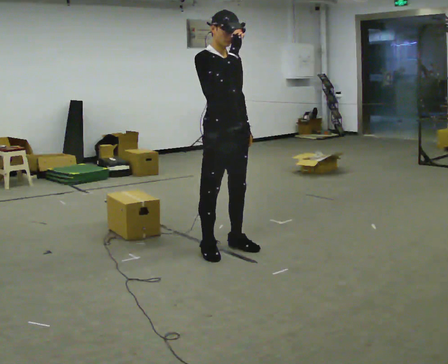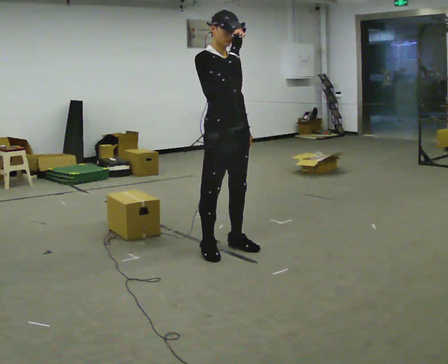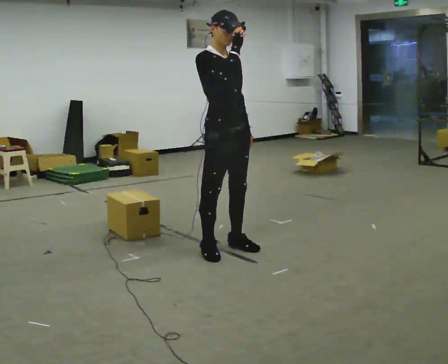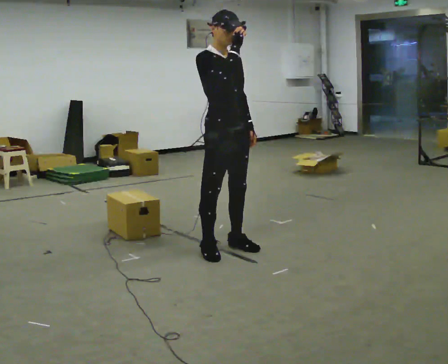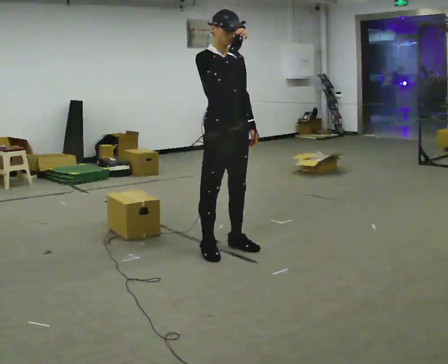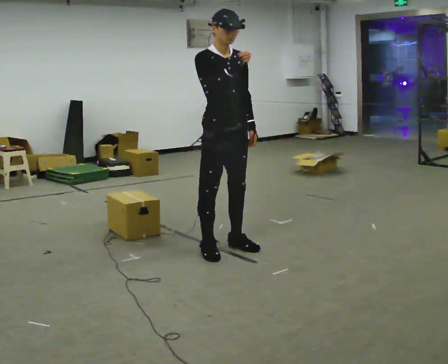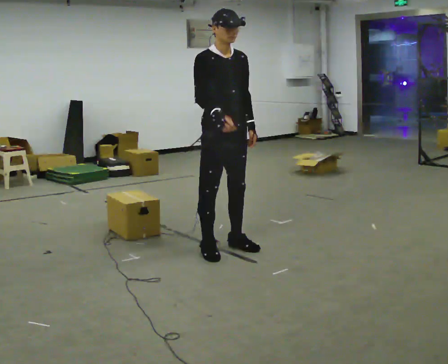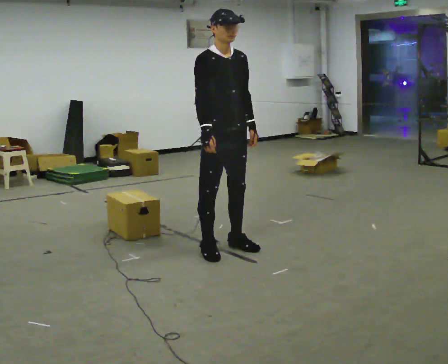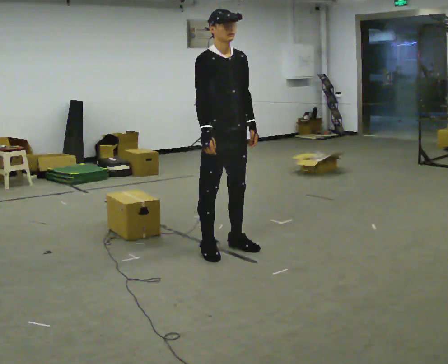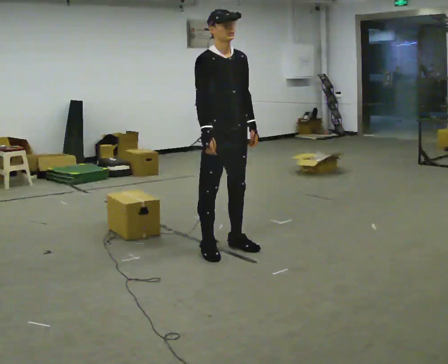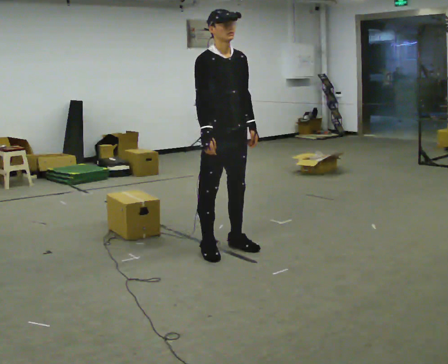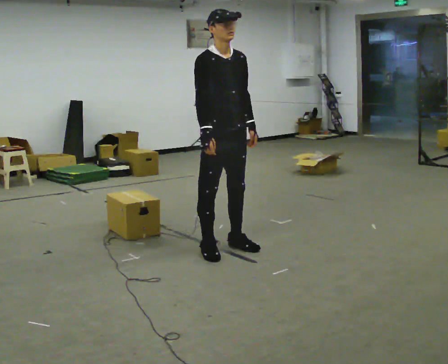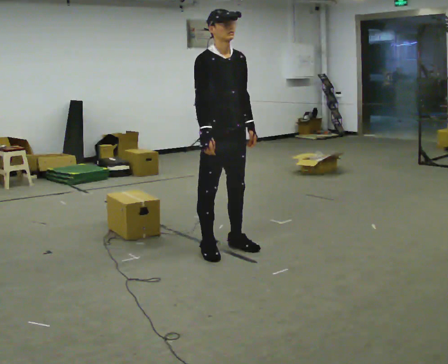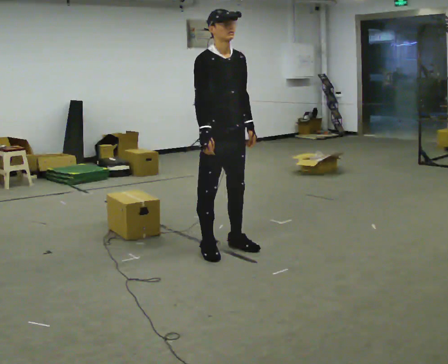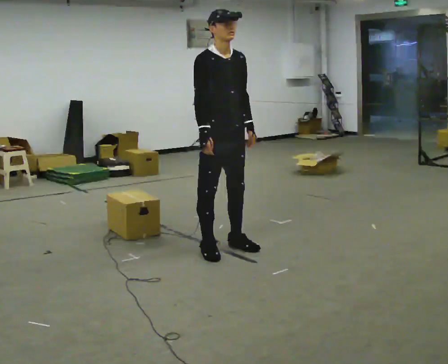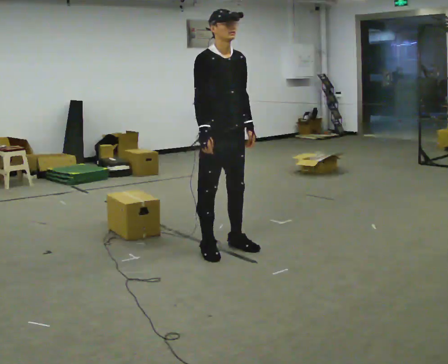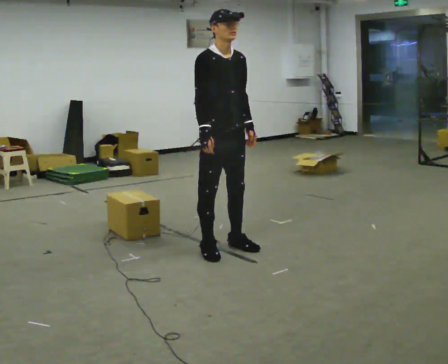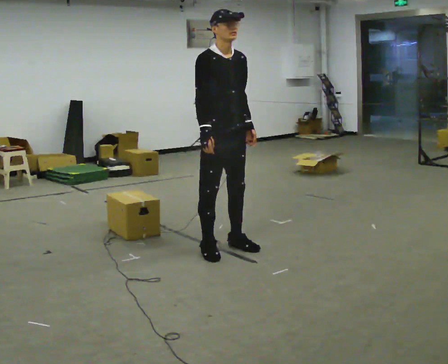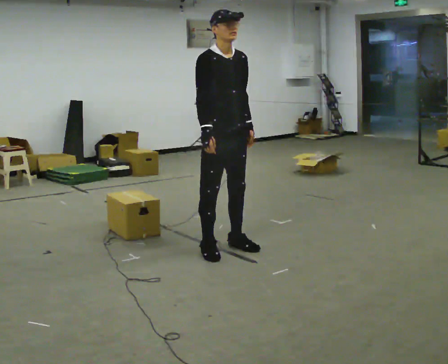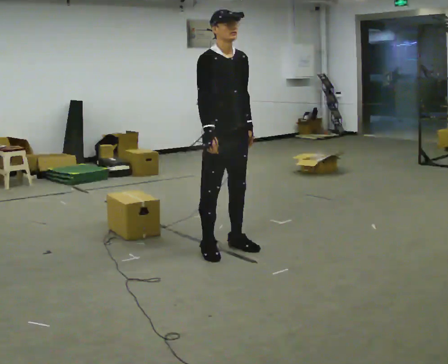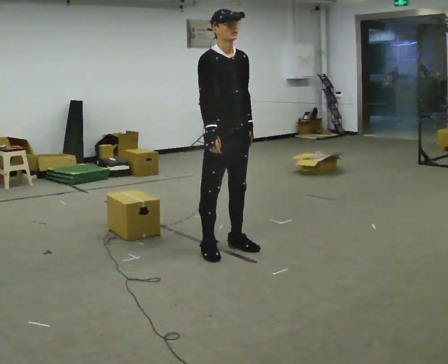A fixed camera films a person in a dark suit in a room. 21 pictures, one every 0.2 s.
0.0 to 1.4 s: In the picture their right hand goes downward.
1.4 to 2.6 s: The person keeps their place and pose.
2.6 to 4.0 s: The person moves a little, or ends about where they began.
The film runs backward here.
